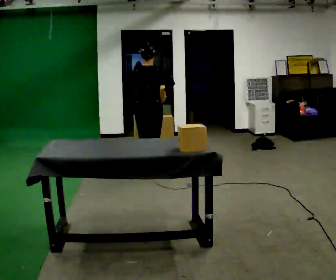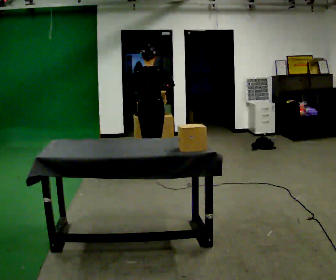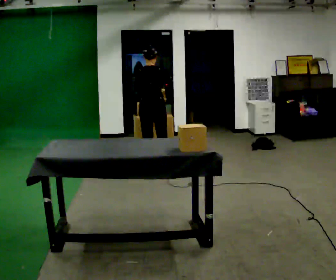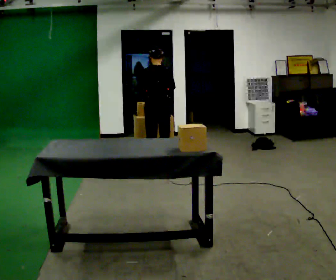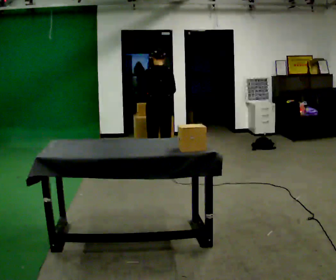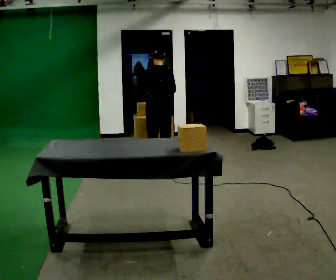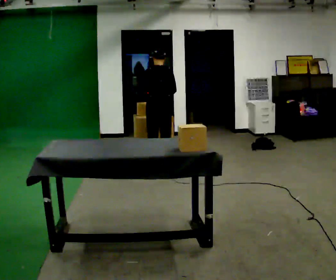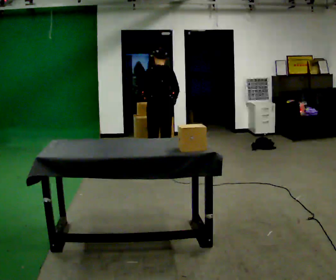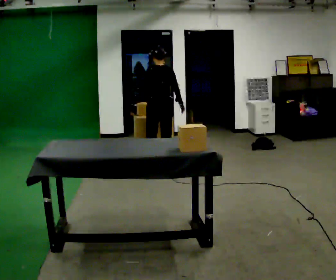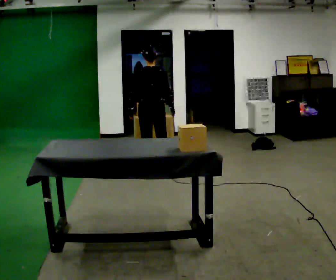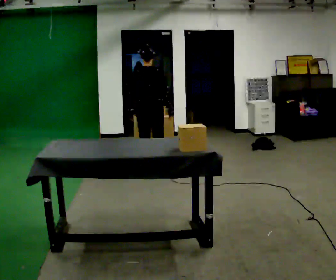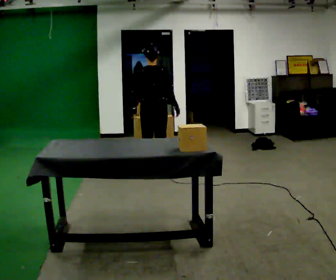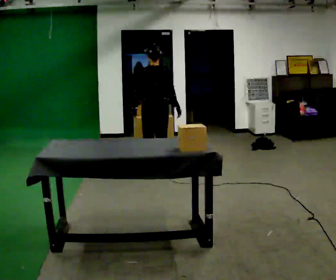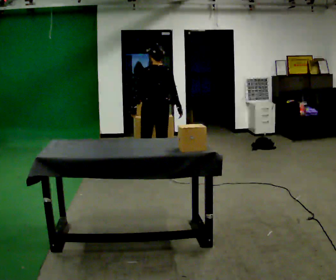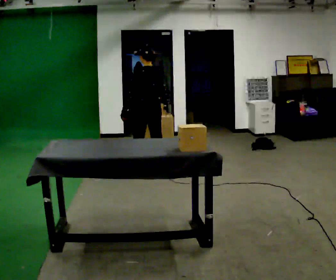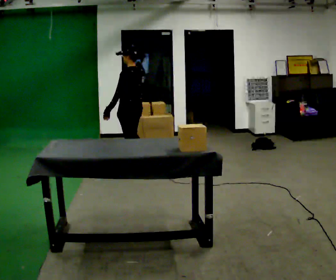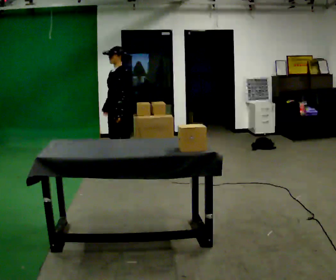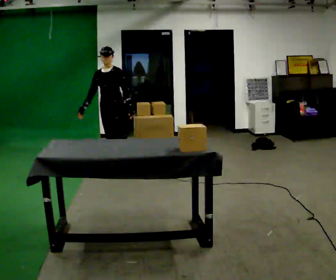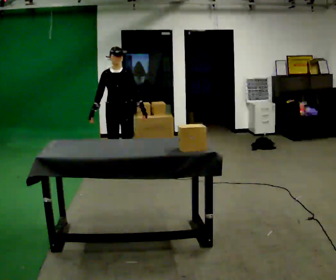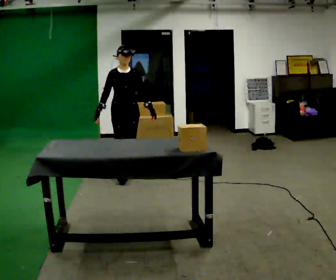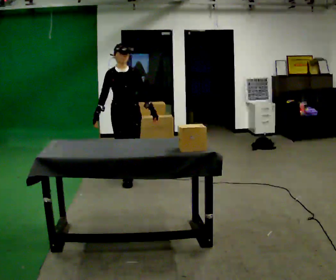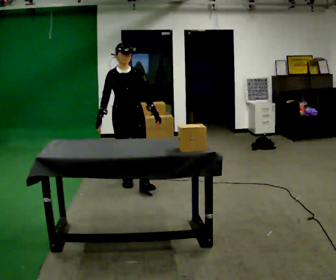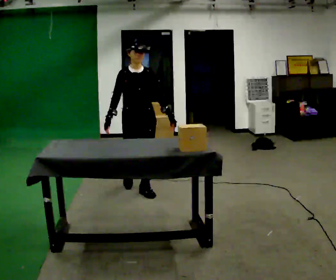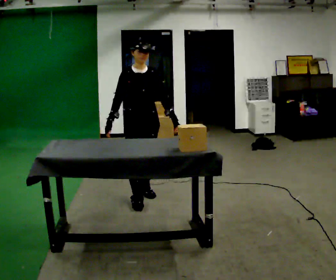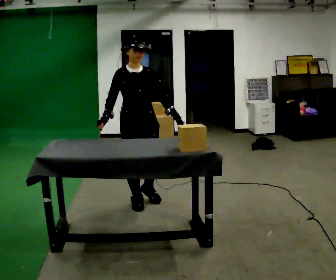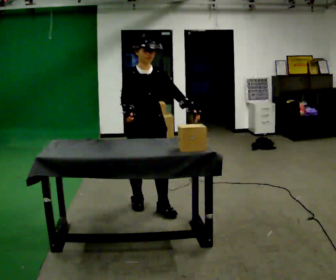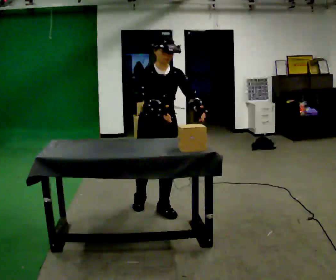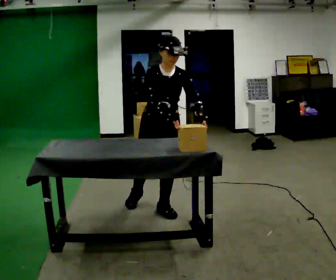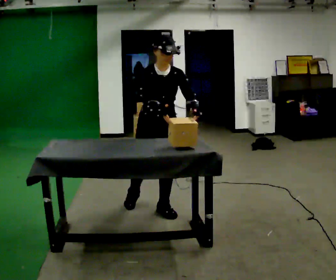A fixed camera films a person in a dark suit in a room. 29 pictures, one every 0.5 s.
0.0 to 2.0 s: In the picture they go away from the camera, about 0.5 m in 2 steps, which for them is forward. The upper body tips away from the camera, its near side rolling upward, as they bend forward.
2.0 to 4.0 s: The person moves a little, or ends about where they began.
4.0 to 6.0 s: In the picture they go toward the camera, about 0.25 m in 1 step, which for them is backward.
6.0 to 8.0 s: Seen from above the body turns counterclockwise, about 105 degrees: to their left, with its near side sliding to the right. In the picture they go to the left, about 0.5 m in 2 steps.
8.0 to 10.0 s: Seen from above the body turns counterclockwise, about 90 degrees: to their left, with its near side sliding to the right. In the picture they go toward the camera, about 0.5 m in 2 steps.
10.0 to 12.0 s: In the picture they go toward the camera, about 1 m in 2 steps, which for them is forward.
12.0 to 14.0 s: In the picture they go toward the camera and to the right, about 0.25 m in 1 step, which for them is forward and to their left. The upper body tips toward the camera, its near side rolling downward, as they bend forward.
The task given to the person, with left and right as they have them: Clear everything off the table and put it away on the shelf, in as many trips as you need. Keep going until the operator says stop; one object at a time, and do not rush between trips.
The film runs forward here.
